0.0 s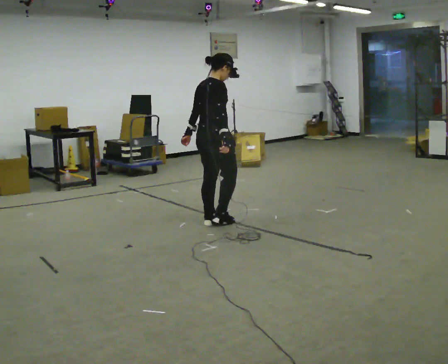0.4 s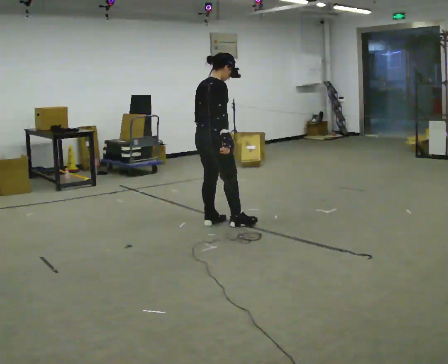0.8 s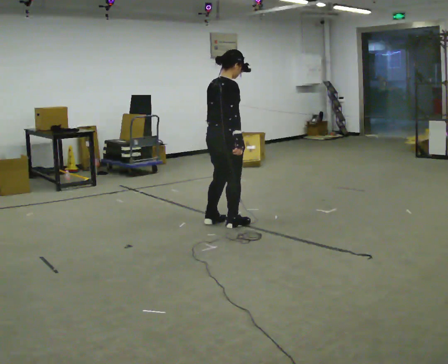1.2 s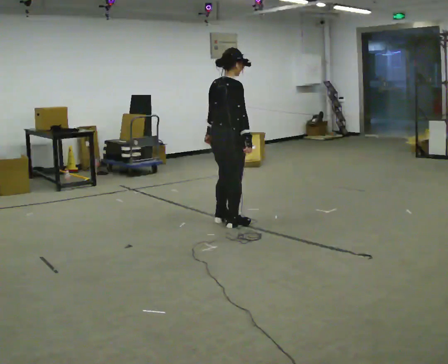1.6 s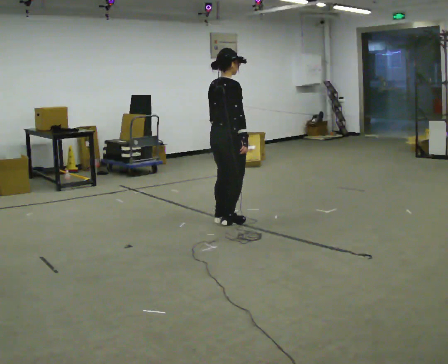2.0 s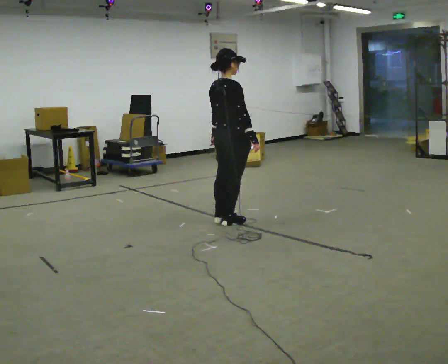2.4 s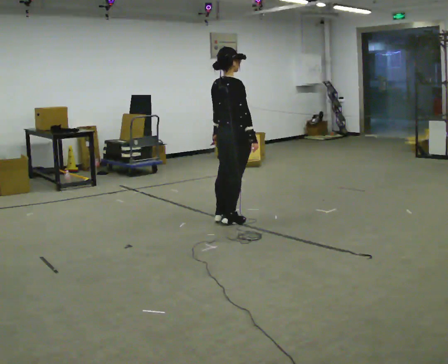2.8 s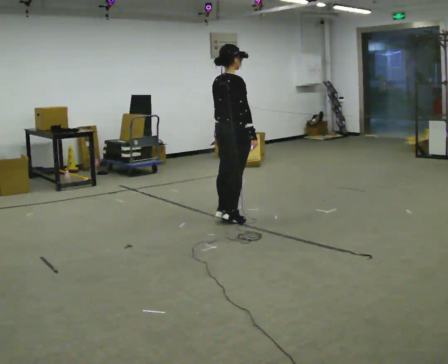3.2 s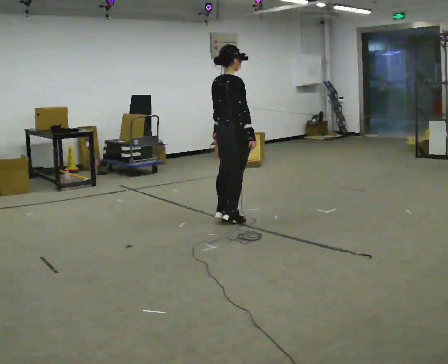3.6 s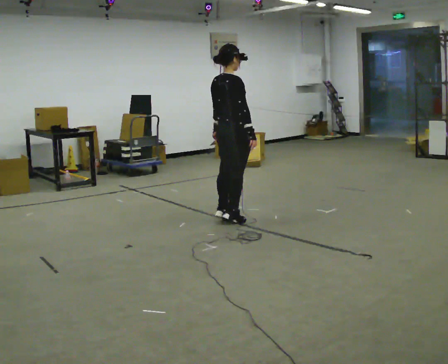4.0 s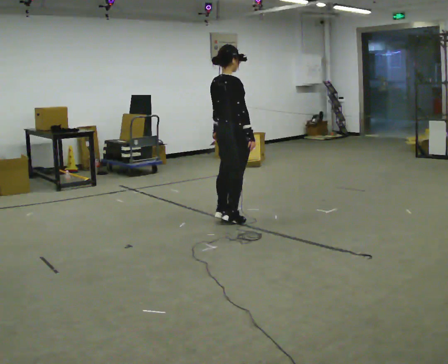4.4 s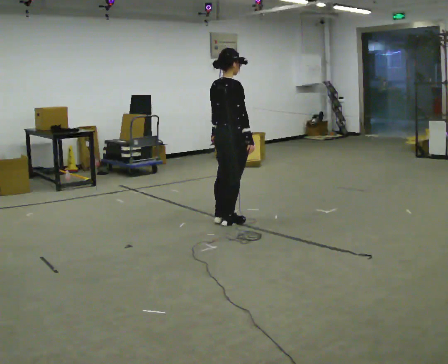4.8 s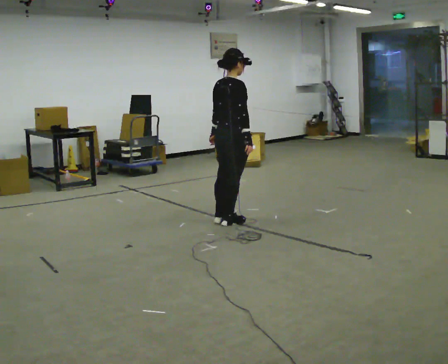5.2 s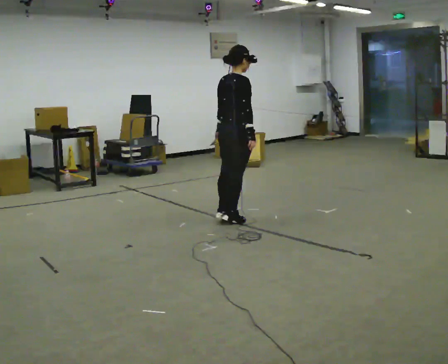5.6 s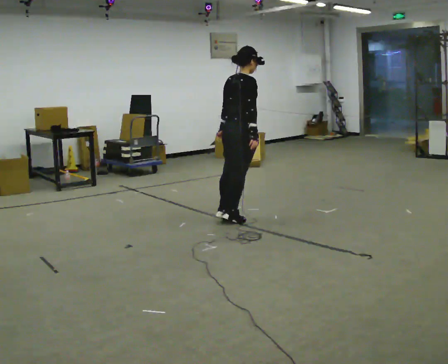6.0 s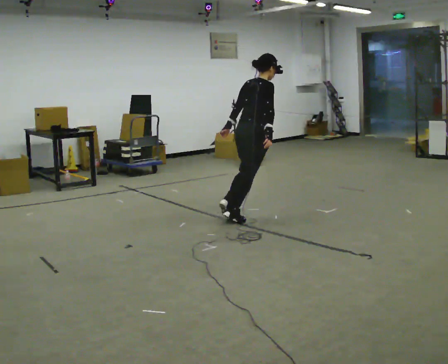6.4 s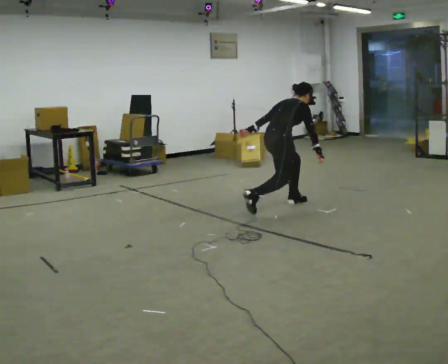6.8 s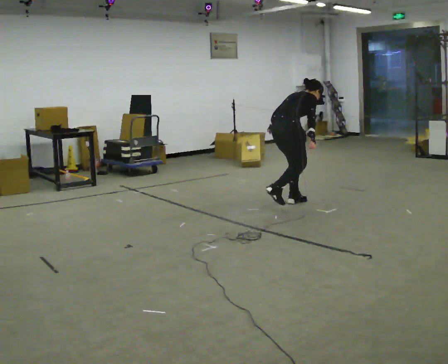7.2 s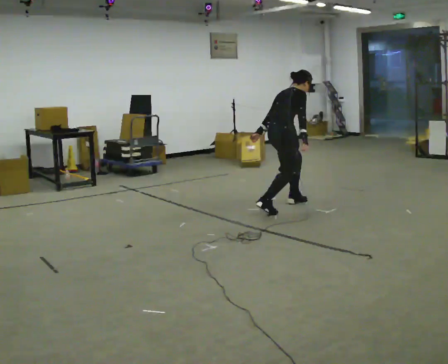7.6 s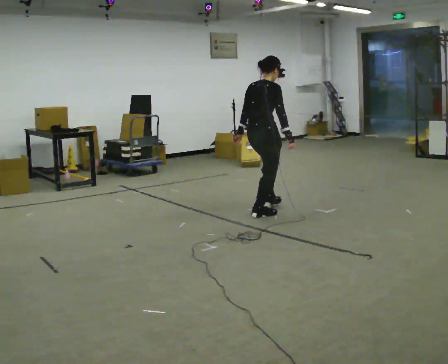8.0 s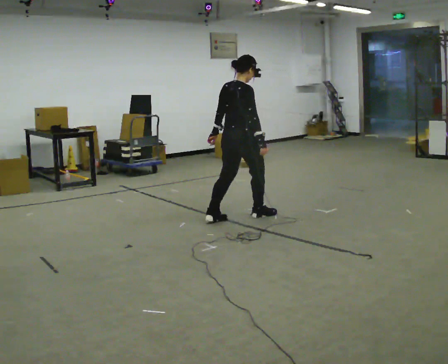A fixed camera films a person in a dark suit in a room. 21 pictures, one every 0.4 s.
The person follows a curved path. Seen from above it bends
clockwise.
0.0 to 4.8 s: In the picture they go to the right, about 0.25 m, which for them is forward.
4.8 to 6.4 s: In the picture they go away from the camera and to the right, about 0.75 m in 1 step, which for them is forward. The upper body goes downward. In the picture the upper body tilts clockwise, shoulders to the right, as they bend forward.
6.4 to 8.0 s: In the picture they go to the left and toward the camera, about 0.5 m in 2 steps, which for them is backward and to their right. The shoulders move upward. In the picture the upper body tilts counterclockwise, shoulders to the left, as they lean back or straighten.
The film runs forward here.
